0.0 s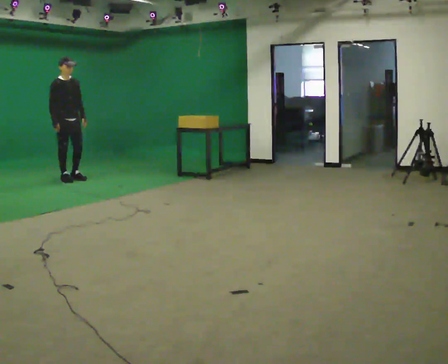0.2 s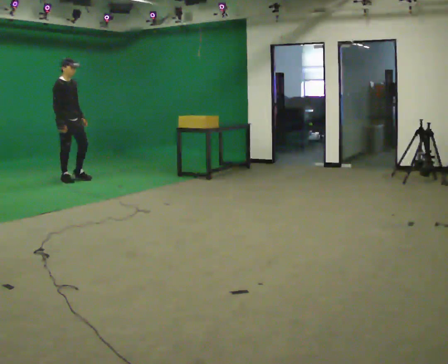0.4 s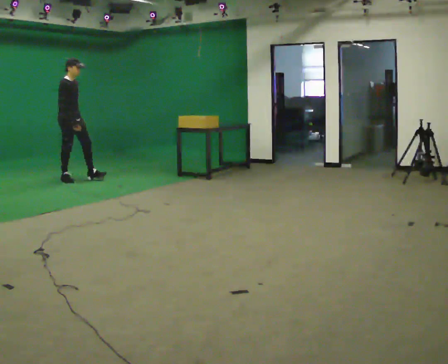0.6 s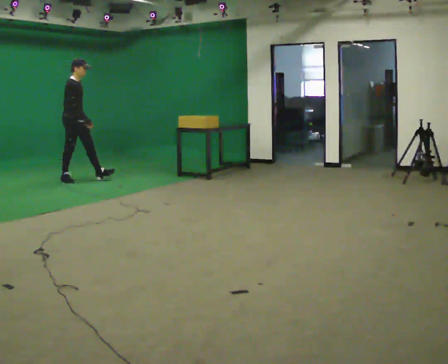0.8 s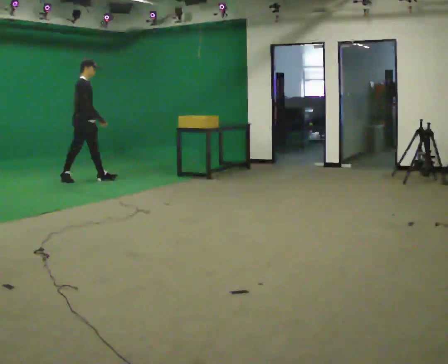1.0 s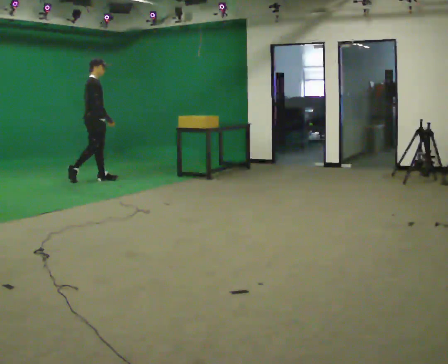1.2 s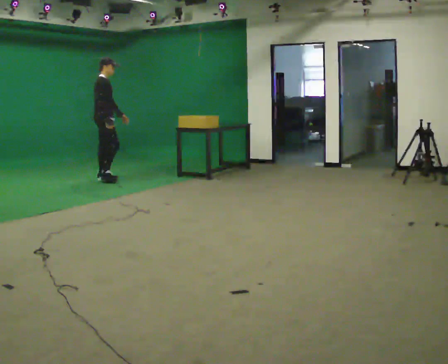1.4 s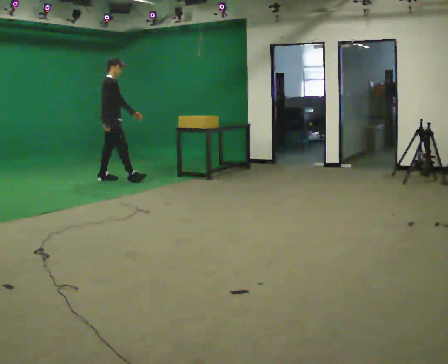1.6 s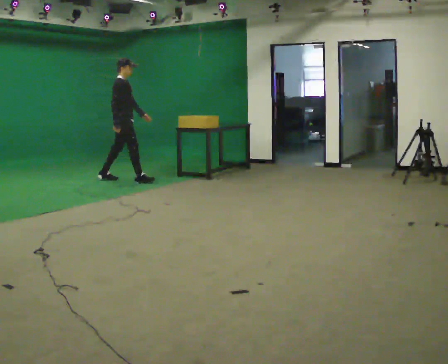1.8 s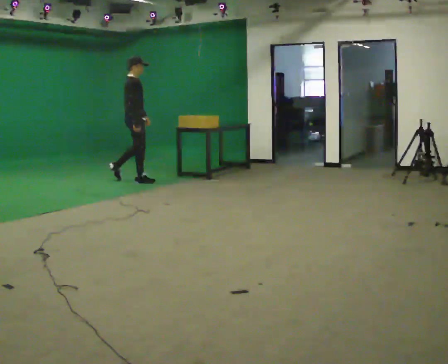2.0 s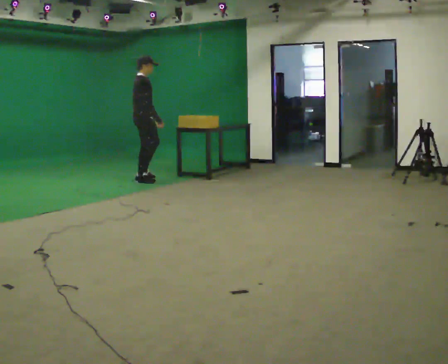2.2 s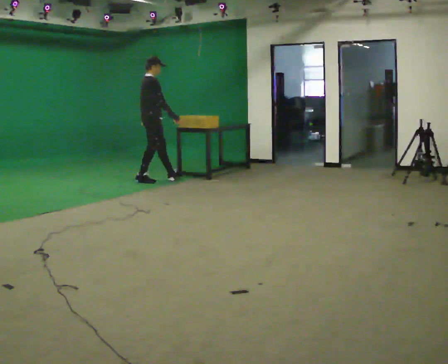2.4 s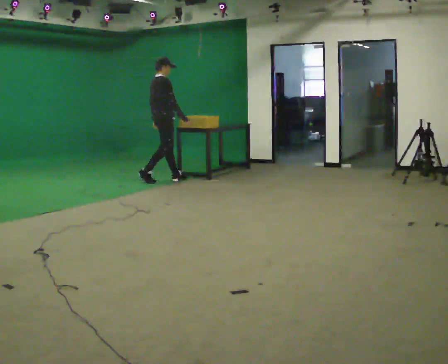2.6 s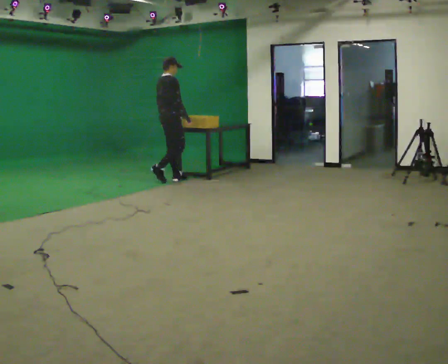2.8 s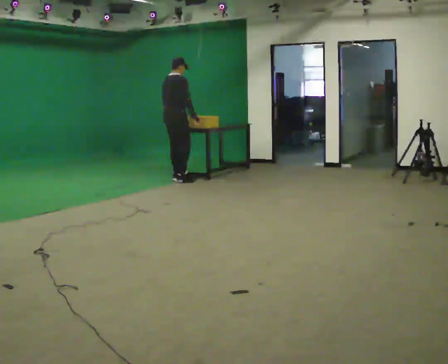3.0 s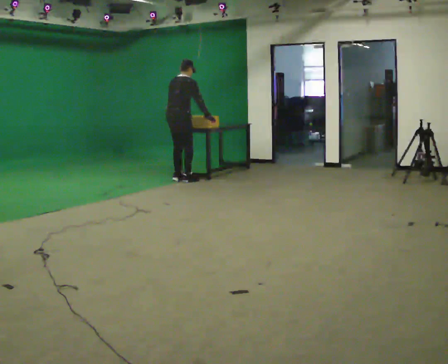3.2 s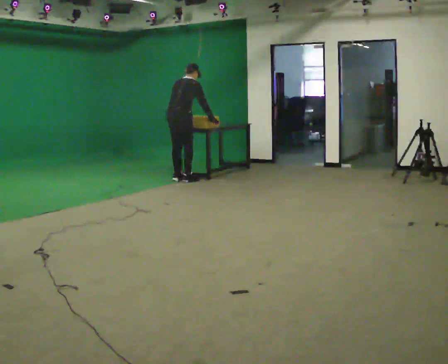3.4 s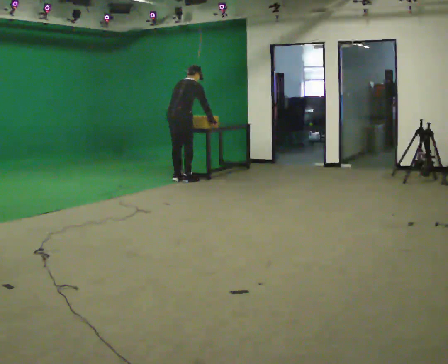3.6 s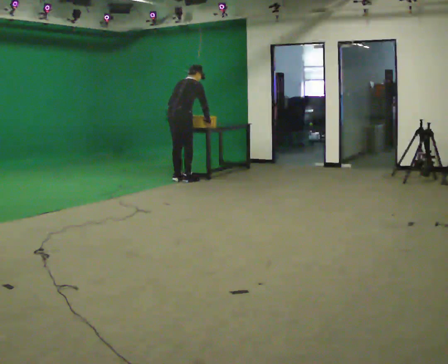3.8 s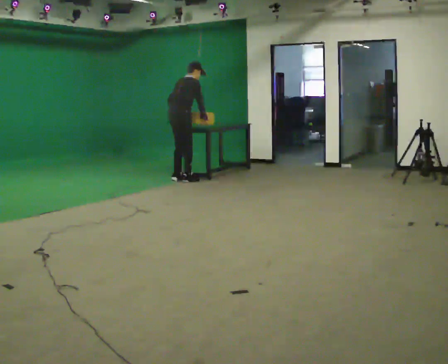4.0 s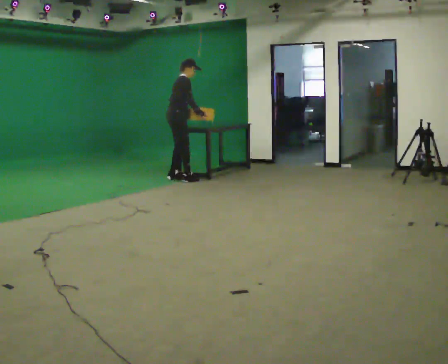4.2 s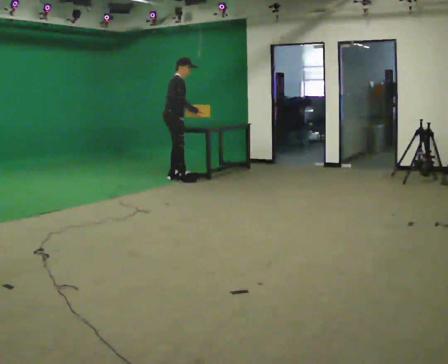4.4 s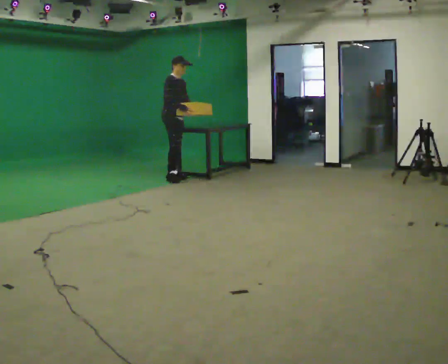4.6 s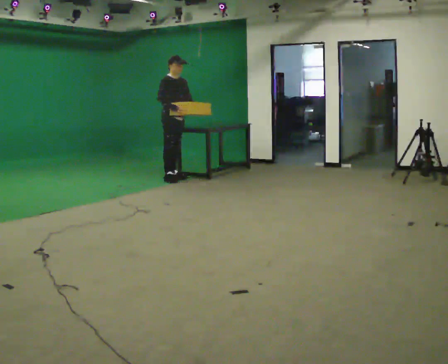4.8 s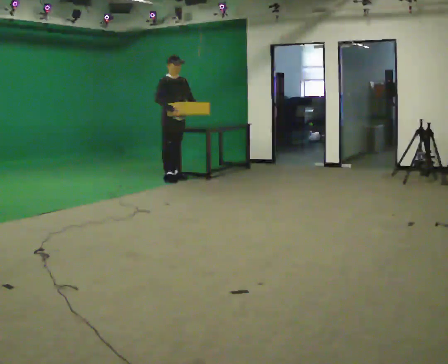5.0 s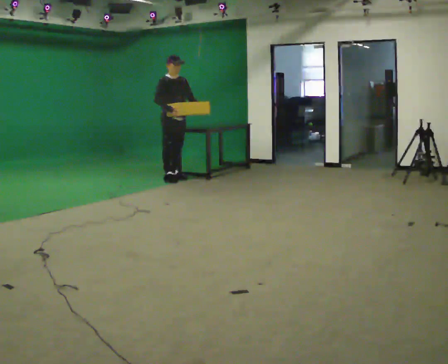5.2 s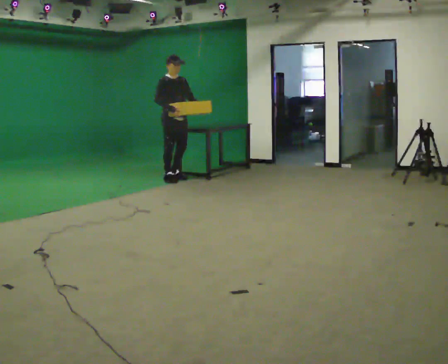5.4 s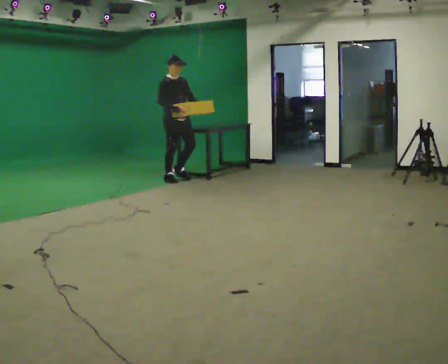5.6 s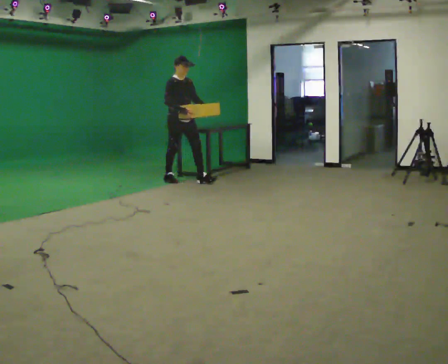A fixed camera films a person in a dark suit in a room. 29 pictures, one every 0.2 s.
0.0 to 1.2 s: The part of the body nearest the lens slides to the right as the person turns to their left by about 45 degrees. In the picture they go to the right, about 0.5 m in 1 step, which for them is forward.
1.2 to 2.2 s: In the picture they go to the right, about 0.75 m in 1 step, which for them is forward.
2.2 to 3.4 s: The part of the body nearest the lens slides to the right as the person turns to their left by about 45 degrees. In the picture they go to the right, about 0.5 m in 2 steps, which for them is forward and to their right. The upper body tips away from the camera, its near side rolling upward, as they bend forward.
3.4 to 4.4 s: Seen from above the body turns clockwise, about 75 degrees: to their right, with its near side sliding to the left. In the picture they go away from the camera and to the left, about 0.25 m in 1 step. The upper body tips toward the camera, its near side rolling downward, as they lean back or straighten.
4.4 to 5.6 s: In the picture they go toward the camera, about 0.25 m in 1 step, which for them is forward.
The film runs forward here.
